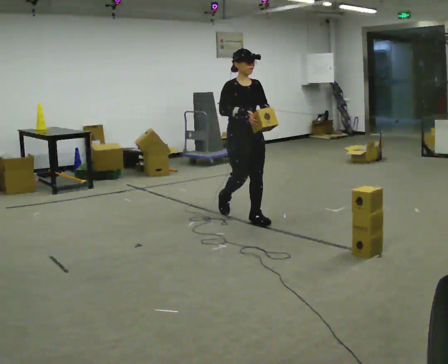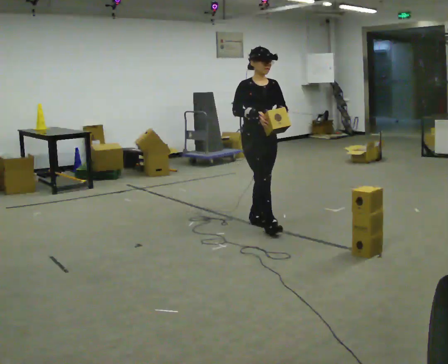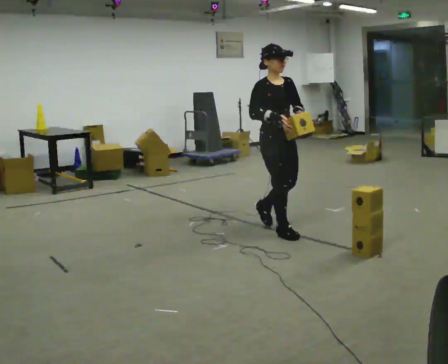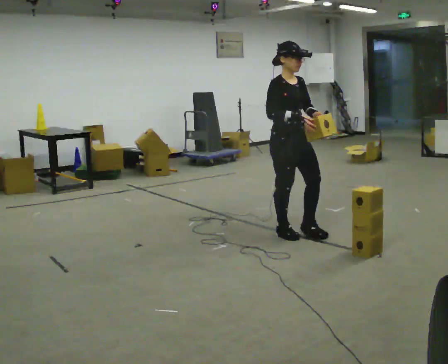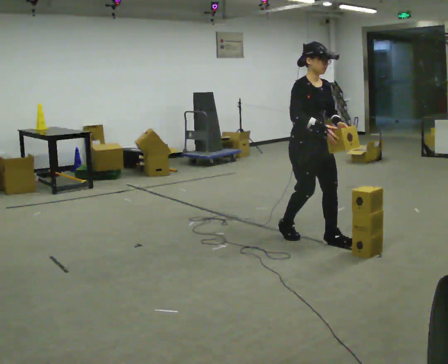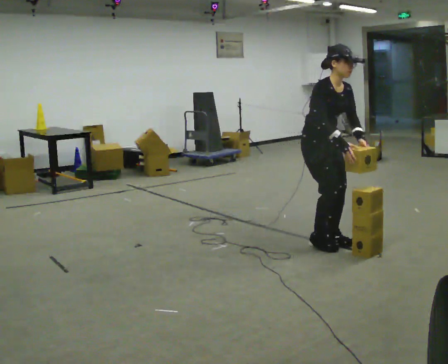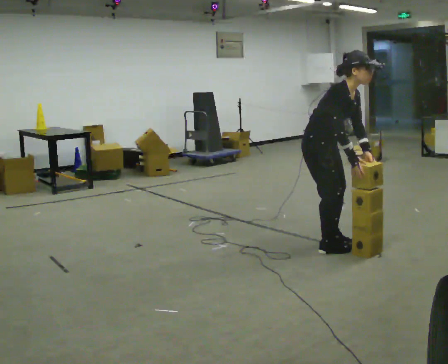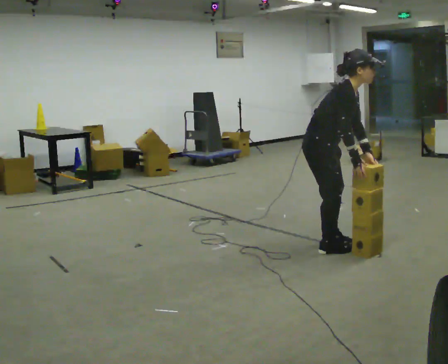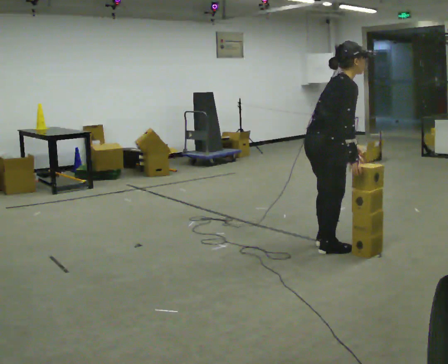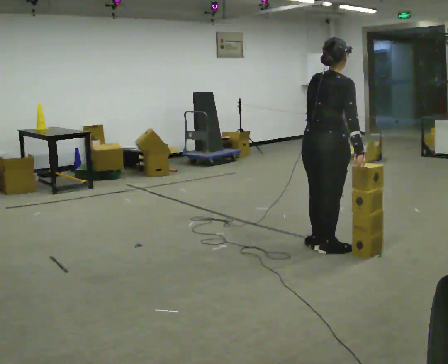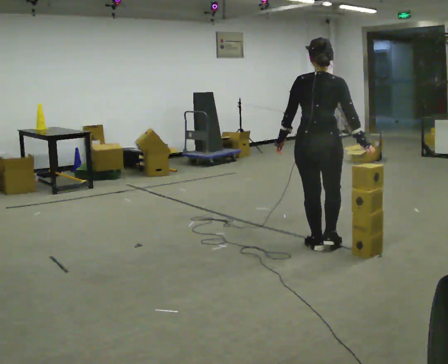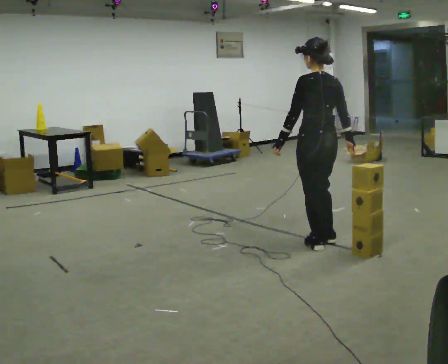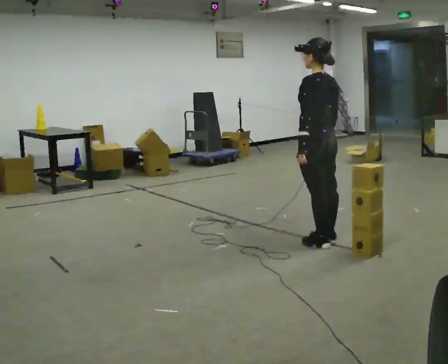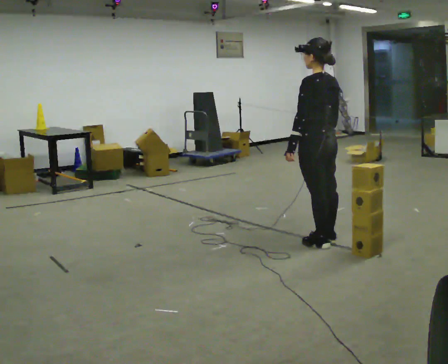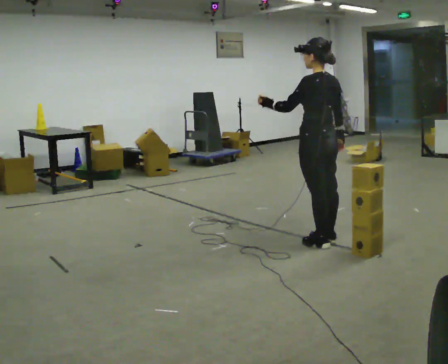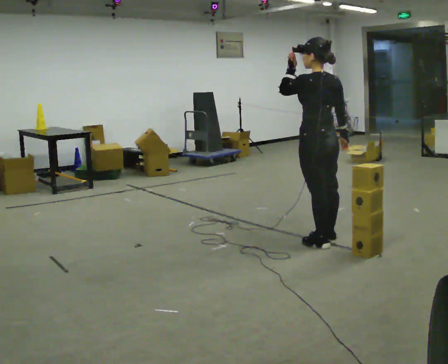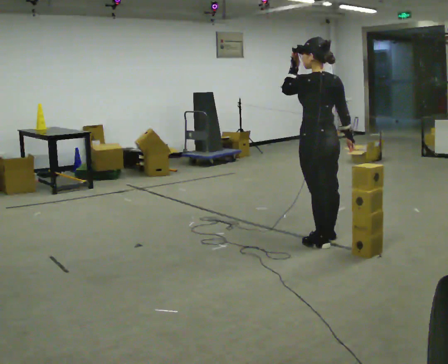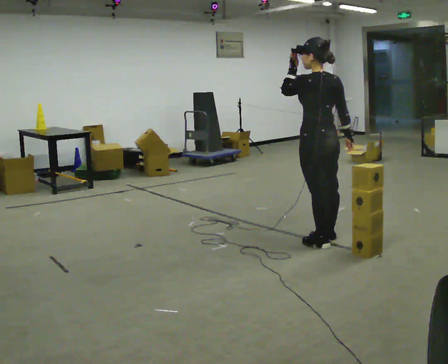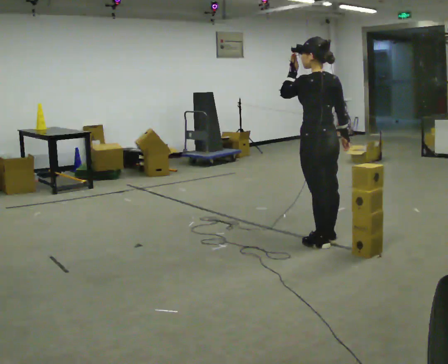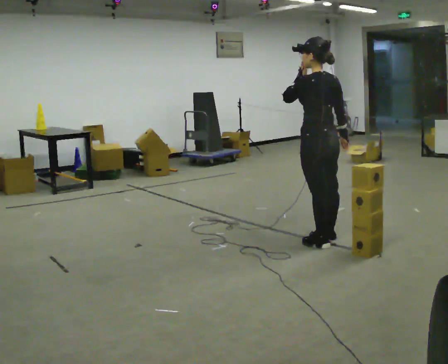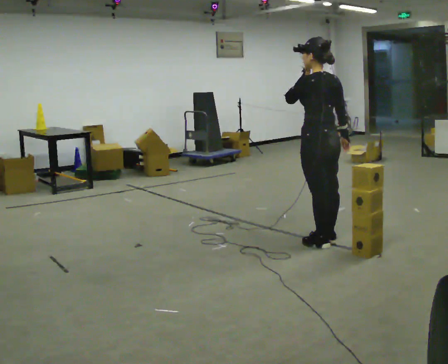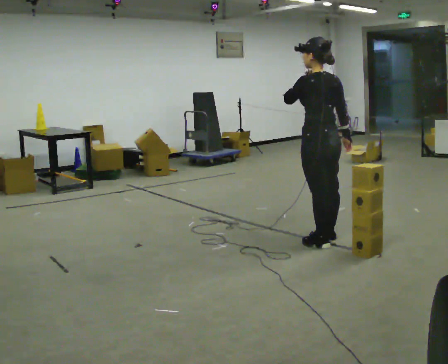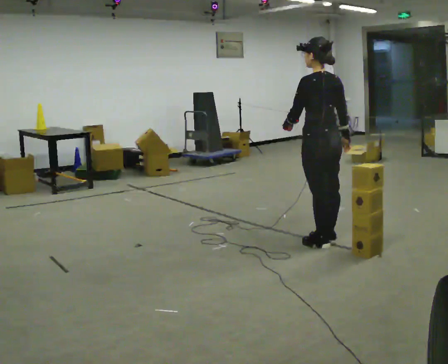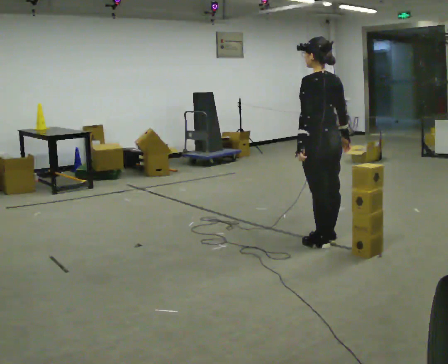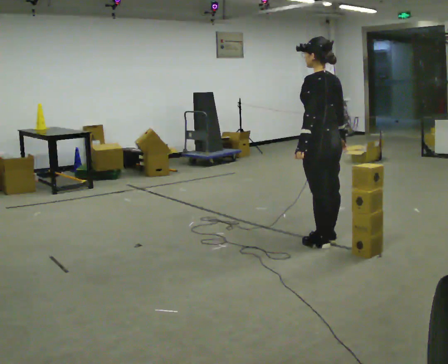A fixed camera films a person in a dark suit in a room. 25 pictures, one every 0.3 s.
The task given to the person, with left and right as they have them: Carry the stack of boxes across the room without letting it fall over, then bring it back. Keep going until the operator says stop; one object at a time, and do not rush between trips.
0.0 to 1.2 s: In the picture they go toward the camera and to the right, about 1 m in 2 steps, which for them is forward.
1.2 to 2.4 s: Seen from above the body turns counterclockwise, about 75 degrees: to their left, with its near side sliding to the right. In the picture they go toward the camera, about 0.25 m in 1 step.
2.4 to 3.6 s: The person turns about 120 degrees to their left, counterclockwise seen from above, so the part of the body nearest the lens slides to the right. In the picture they go away from the camera, about 0.25 m in 1 step. In the picture the upper body tilts counterclockwise, shoulders to the left, as they lean back or straighten.
3.6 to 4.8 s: In the picture their left hand goes upward.
4.8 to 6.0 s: The person moves a little, or ends about where they began.
6.0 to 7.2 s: In the picture their left hand goes downward.
The film runs forward here.
